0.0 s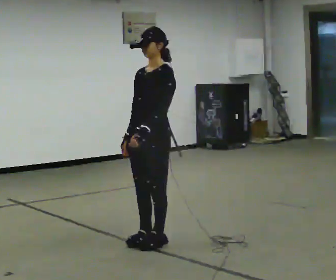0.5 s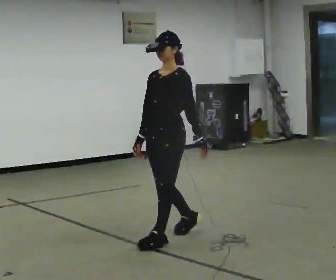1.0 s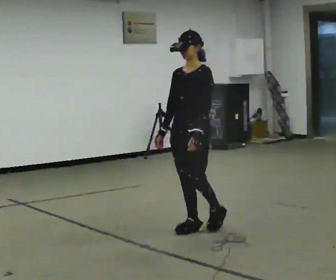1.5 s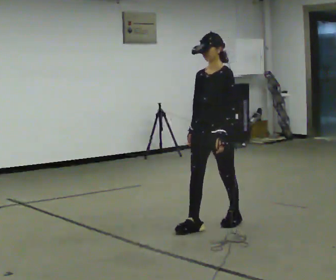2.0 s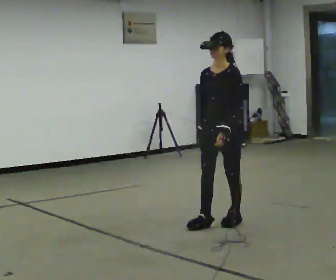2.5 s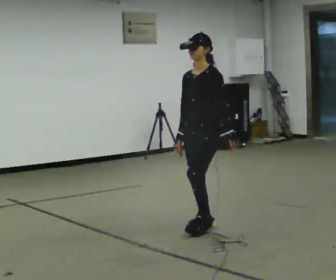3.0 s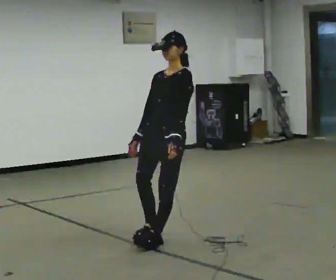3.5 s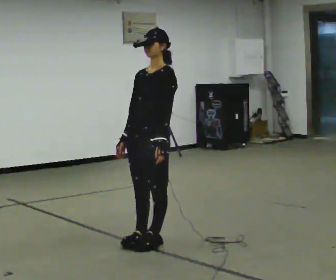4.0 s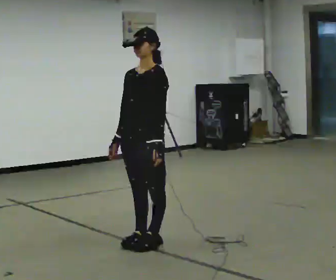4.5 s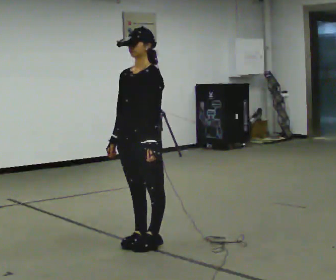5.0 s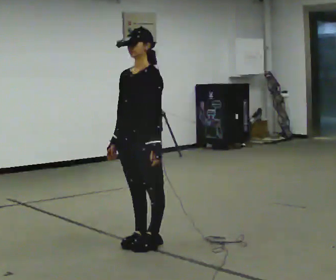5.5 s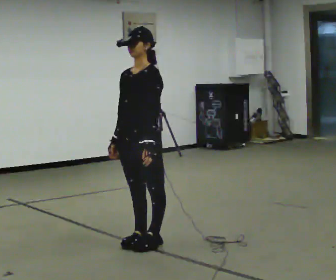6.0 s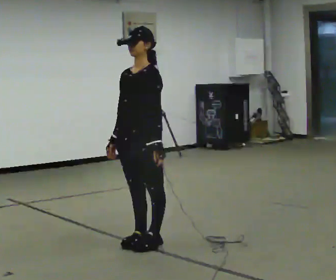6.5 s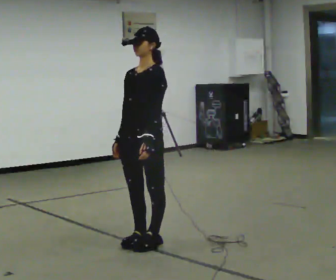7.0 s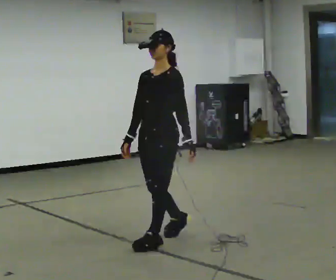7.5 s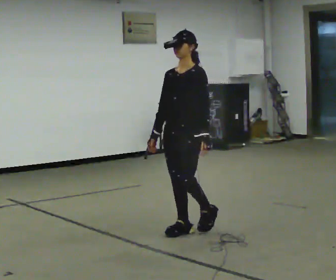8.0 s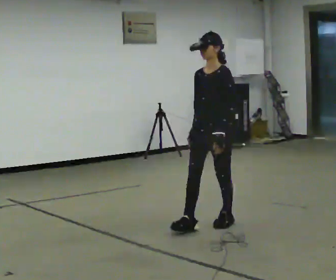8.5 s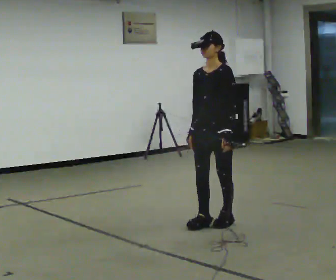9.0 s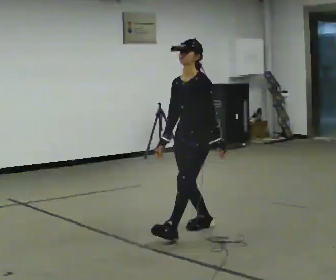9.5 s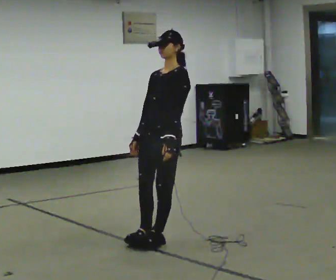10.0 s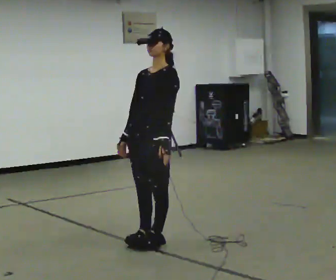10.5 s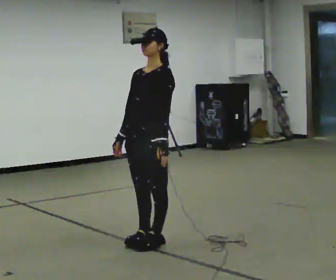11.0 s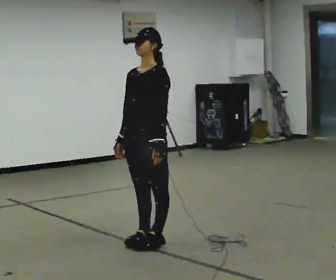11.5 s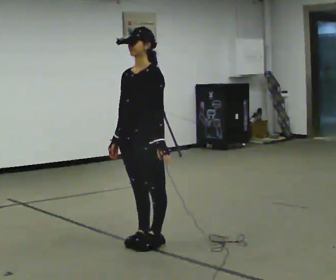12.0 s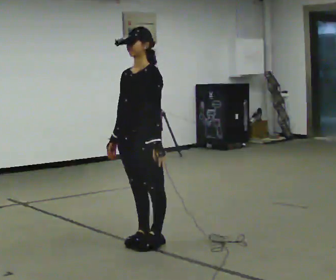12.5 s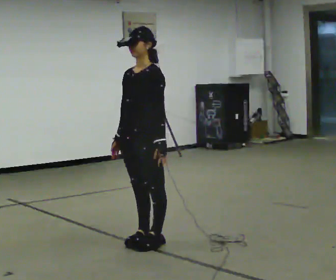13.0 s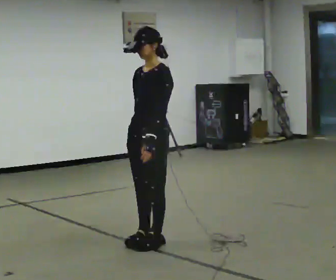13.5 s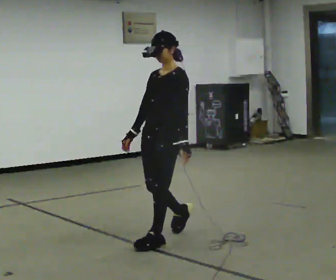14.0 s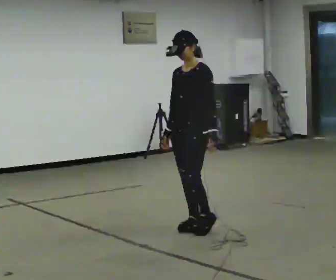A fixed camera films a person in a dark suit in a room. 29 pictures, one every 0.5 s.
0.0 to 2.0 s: In the picture they go to the right and away from the camera, about 1 m in 2 steps, which for them is backward.
2.0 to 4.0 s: In the picture they go to the left and toward the camera, about 1 m in 2 steps, which for them is forward.
4.0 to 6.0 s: The person moves a little, or ends about where they began.
6.0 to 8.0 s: In the picture they go to the right and away from the camera, about 1 m in 3 steps, which for them is backward.
8.0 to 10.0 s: In the picture they go to the left and toward the camera, about 0.75 m in 2 steps, which for them is forward.
10.0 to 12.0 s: The person moves a little, or ends about where they began.
12.0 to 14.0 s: In the picture they go away from the camera and to the right, about 0.5 m in 2 steps, which for them is backward.
The film runs backward here.
